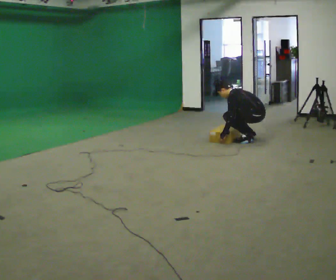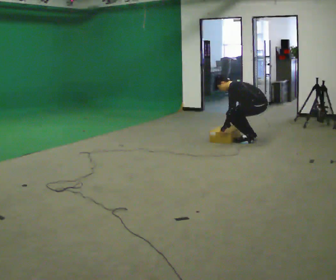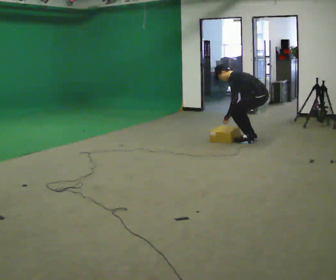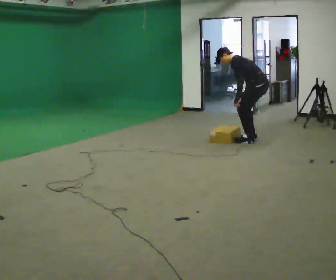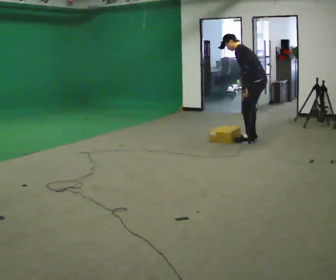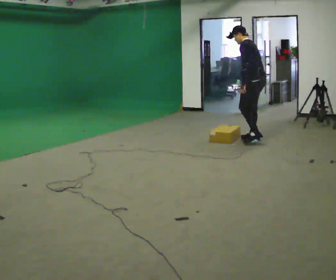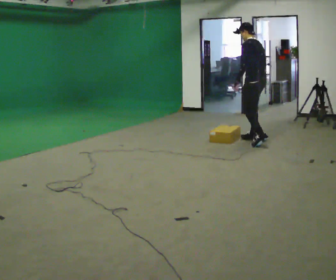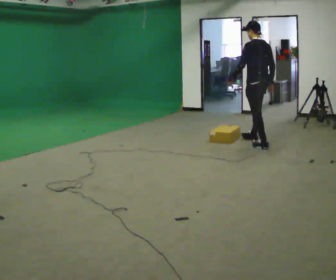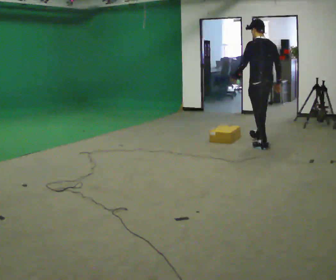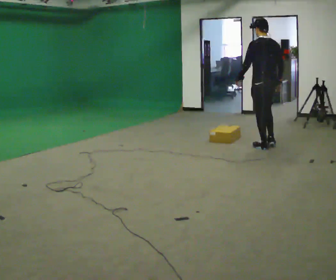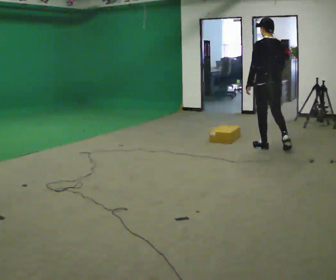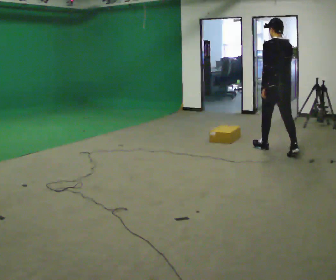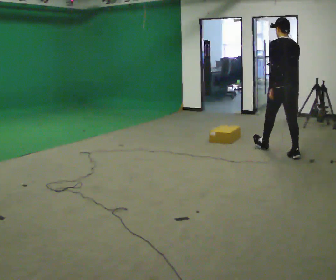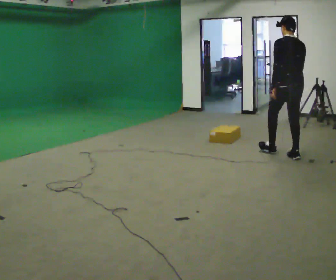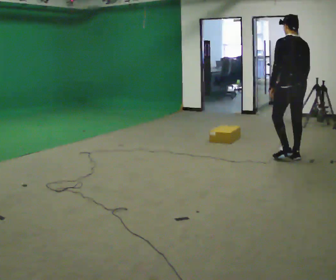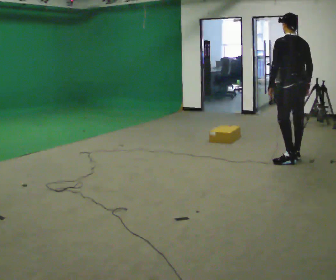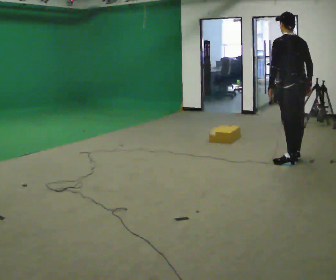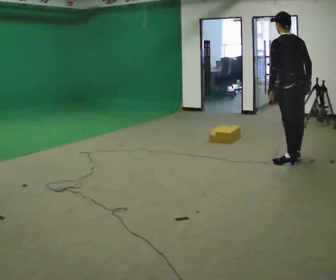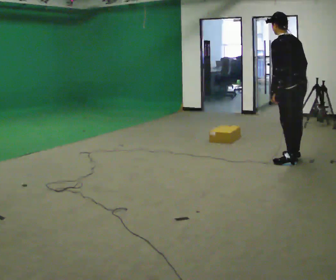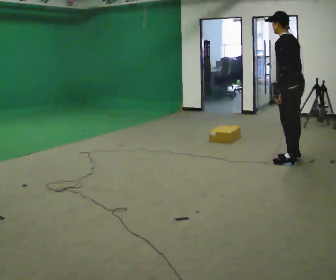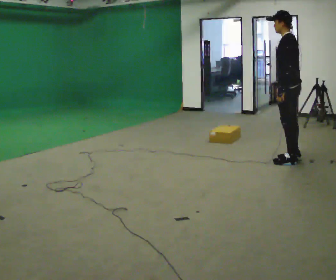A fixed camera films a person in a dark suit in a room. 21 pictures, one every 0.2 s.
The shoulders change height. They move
upward.
Their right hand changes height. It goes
upward.
0.0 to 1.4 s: The person turns about 30 degrees to their right, clockwise seen from above, so the part of the body nearest the lens slides to the left. In the picture they go toward the camera, about 0.25 m in 1 step, which for them is to their left. The upper body goes upward. In the picture the upper body tilts clockwise, shoulders to the right, as they lean back or straighten. In the picture their left hand goes upward.
1.4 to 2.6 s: In the picture they go toward the camera and to the right, about 0.5 m in 2 steps, which for them is backward.
2.6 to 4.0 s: The person turns about 45 degrees to their left, counterclockwise seen from above, so the part of the body nearest the lens slides to the right. In the picture they go toward the camera, about 0.25 m, which for them is backward and to their left.
The film runs backward here.
